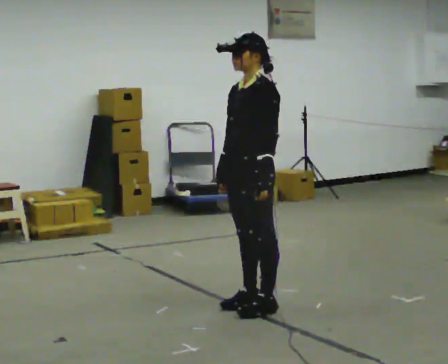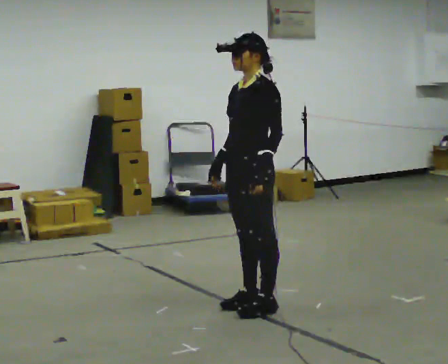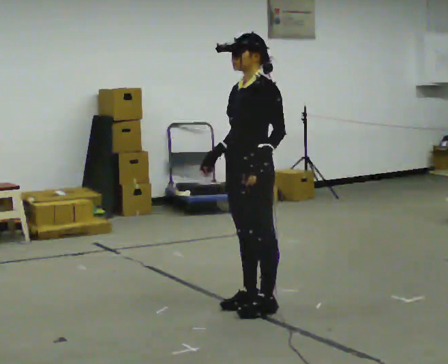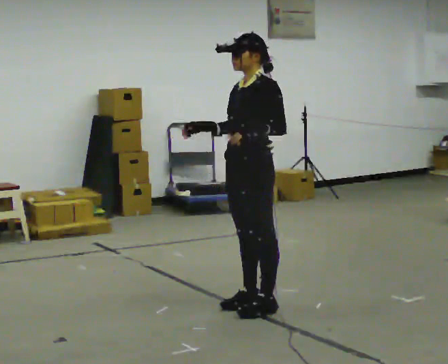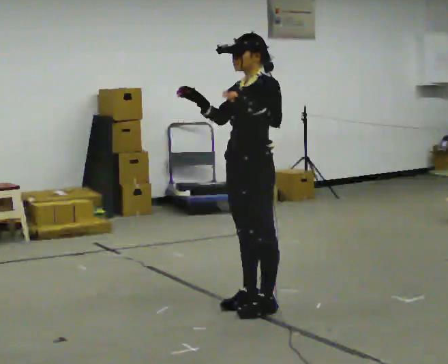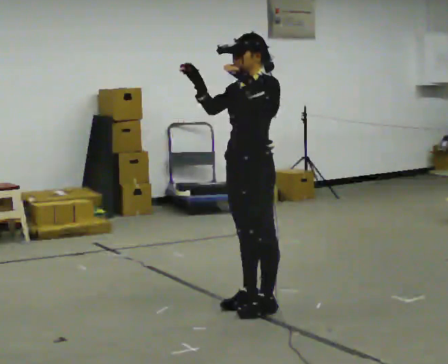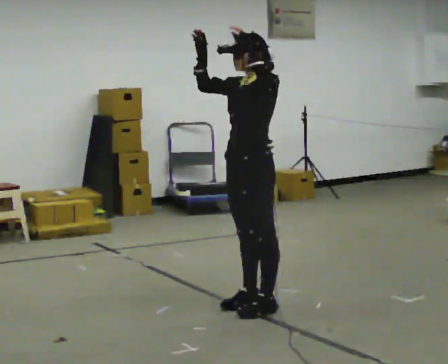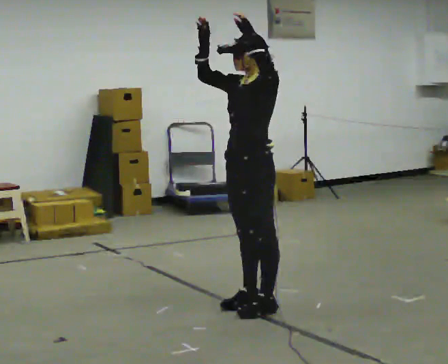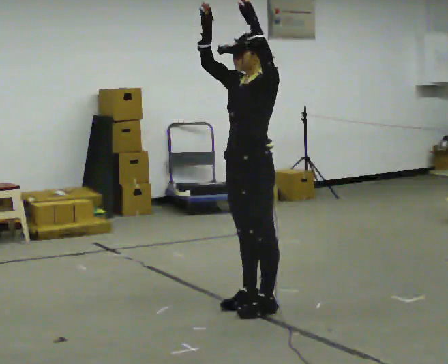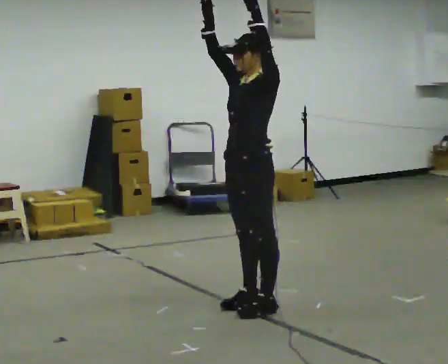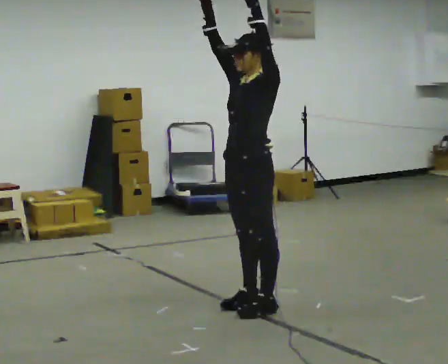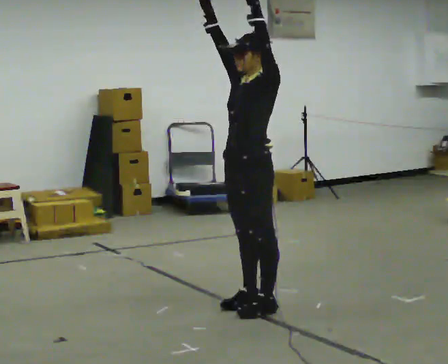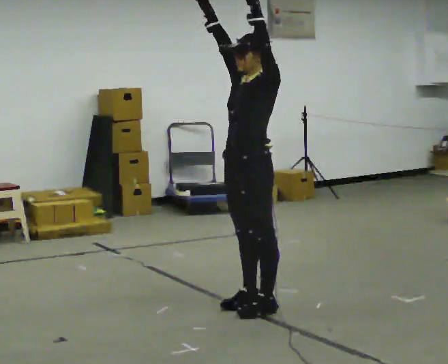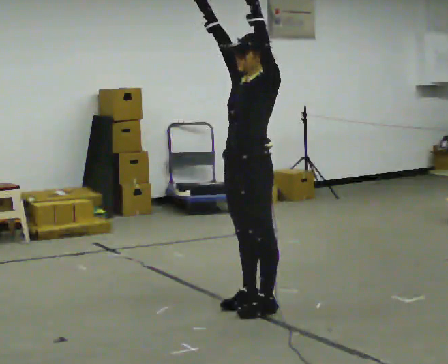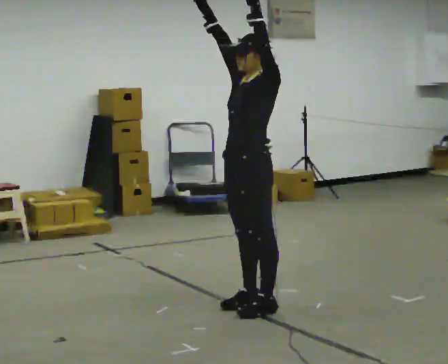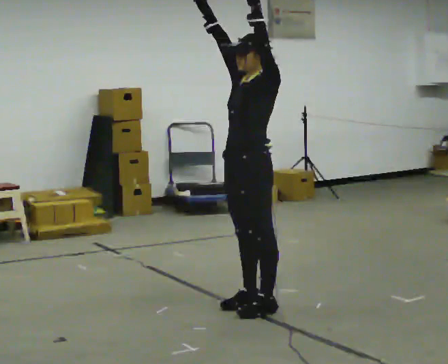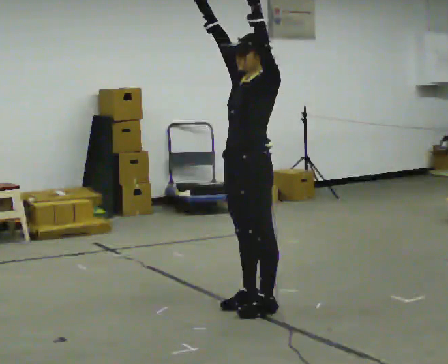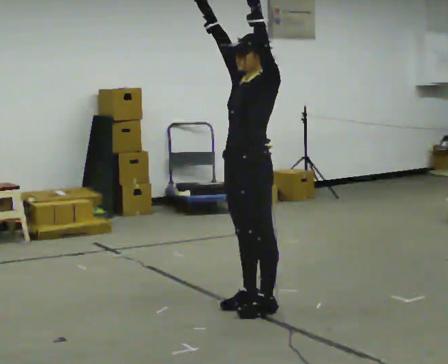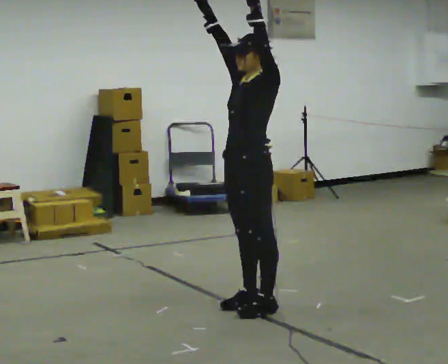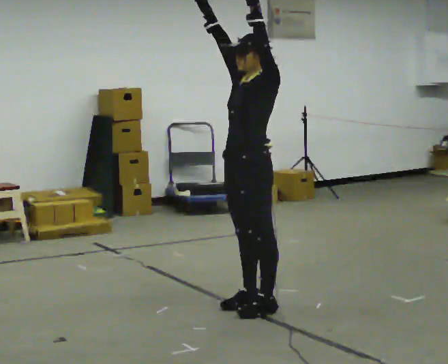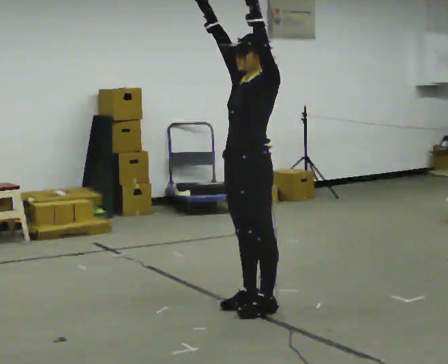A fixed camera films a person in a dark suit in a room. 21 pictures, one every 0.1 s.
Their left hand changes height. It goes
upward.
Their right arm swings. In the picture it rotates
clockwise.
0.0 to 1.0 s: In the picture their left hand goes upward.
1.0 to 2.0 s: The person keeps their place and pose.
The film runs forward here.
